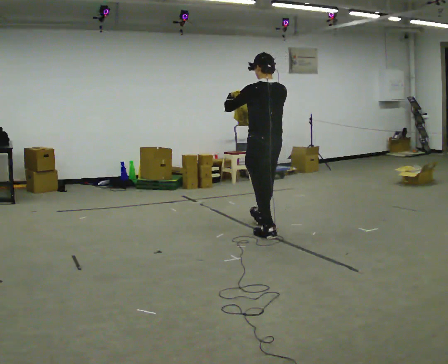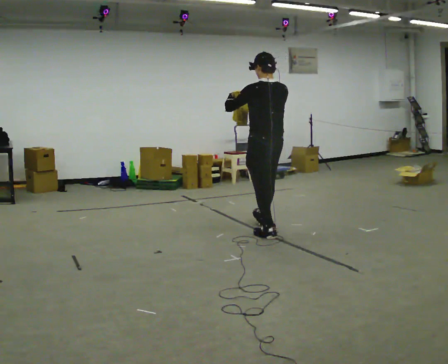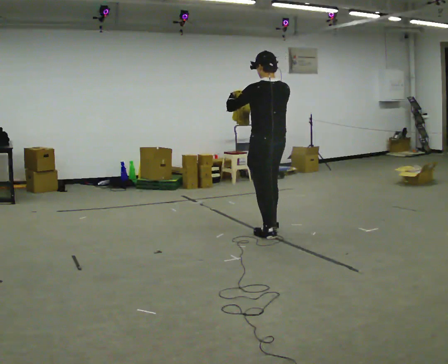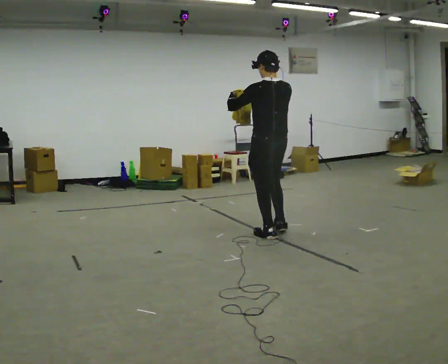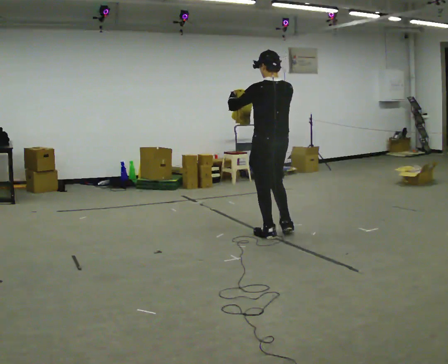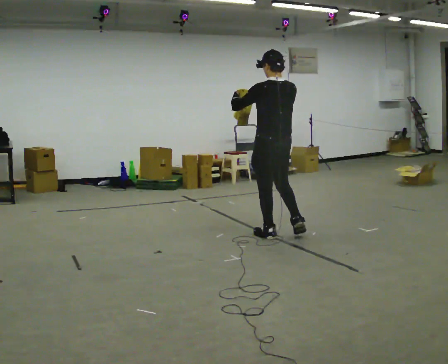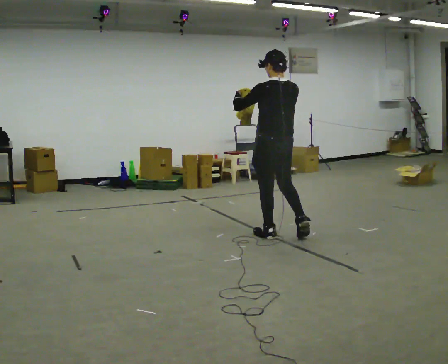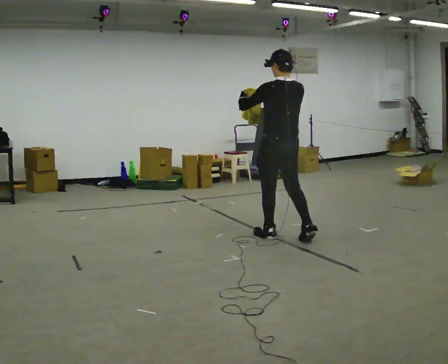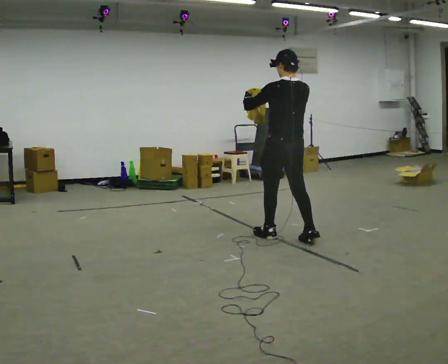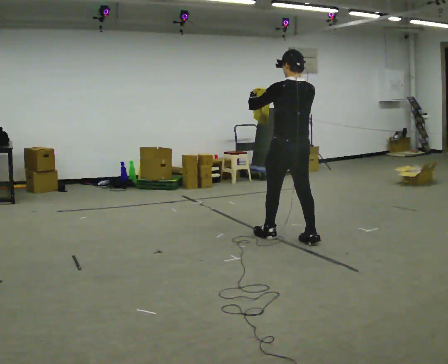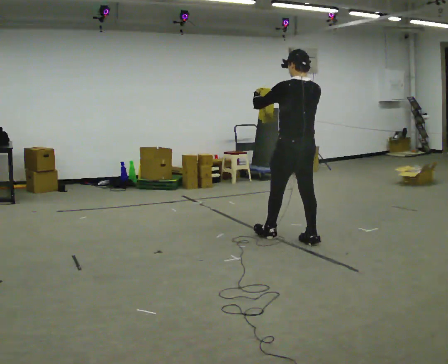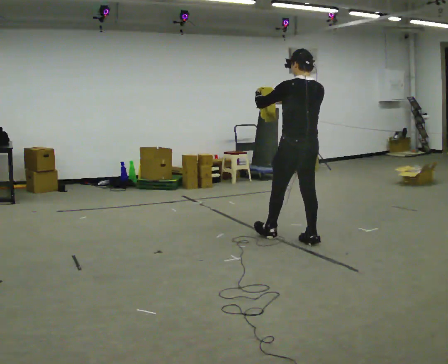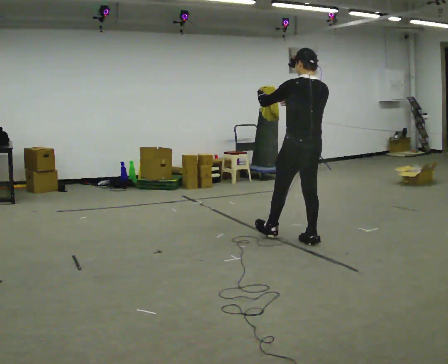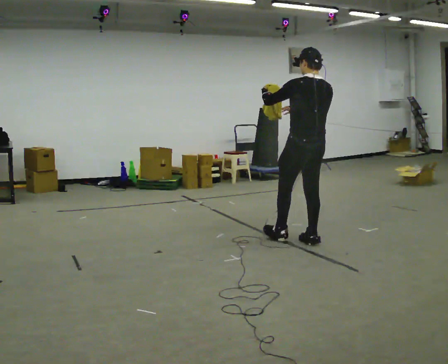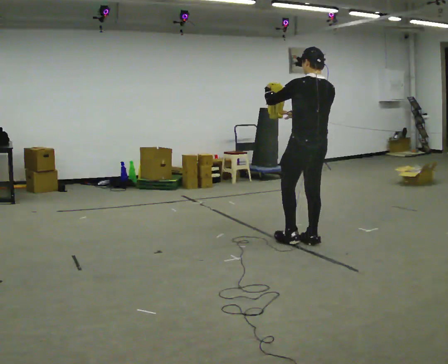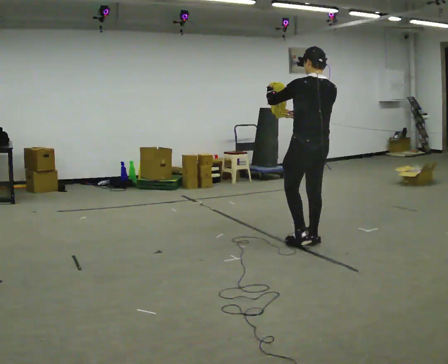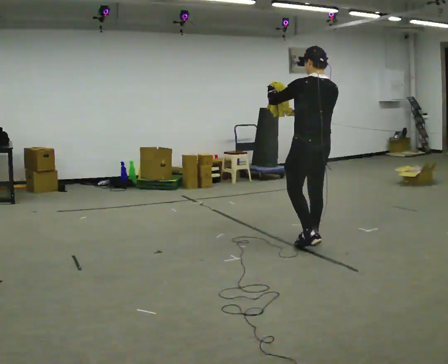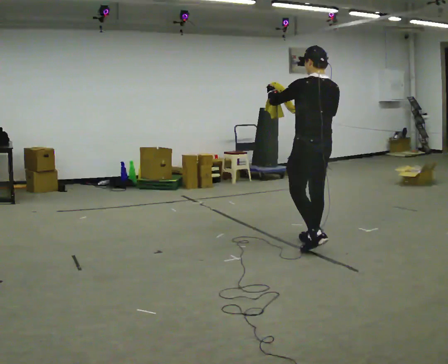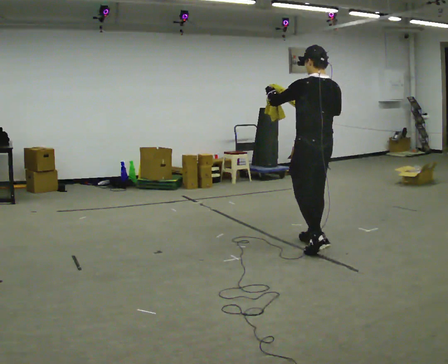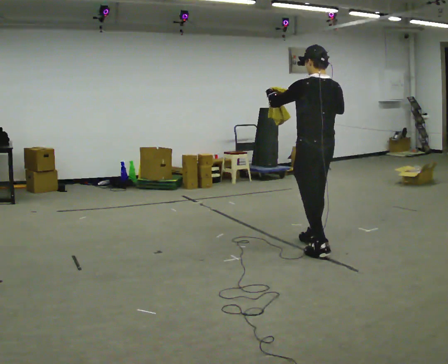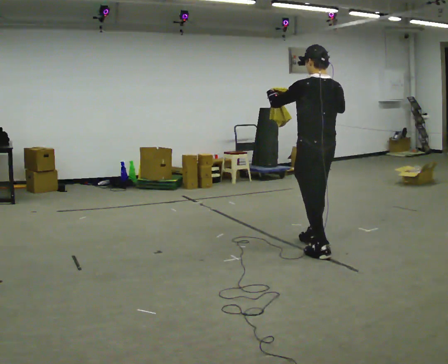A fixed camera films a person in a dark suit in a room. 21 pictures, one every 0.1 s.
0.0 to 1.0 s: In the picture they go to the right and toward the camera, about 0.5 m, which for them is backward.
1.0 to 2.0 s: In the picture they go toward the camera and to the right, about 0.25 m in 1 step, which for them is backward.
The film runs backward here.
